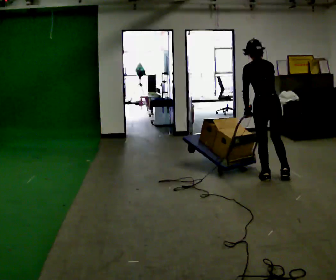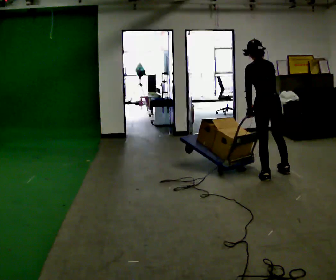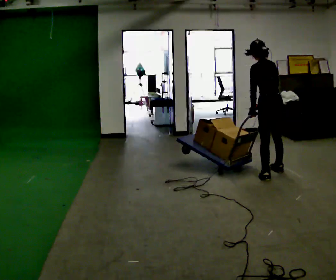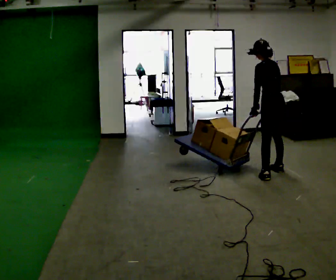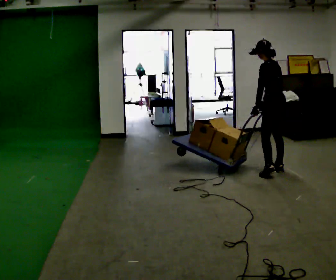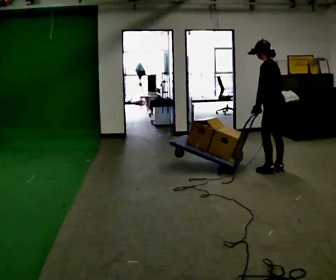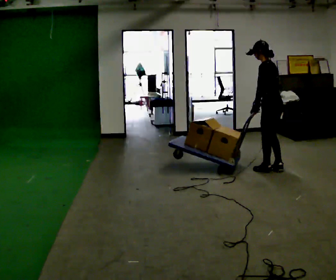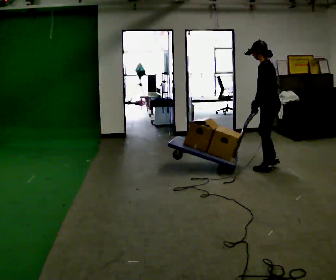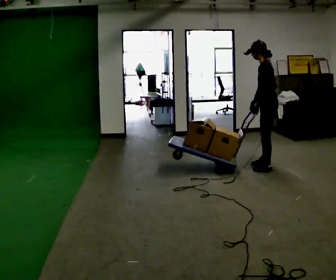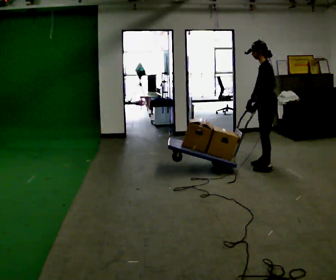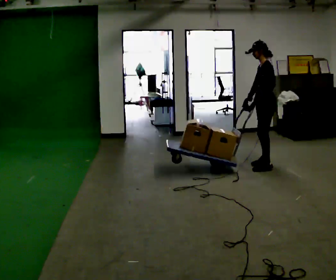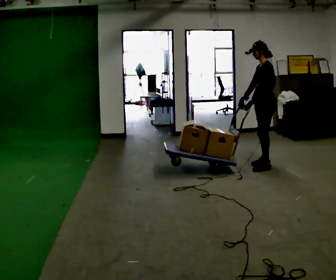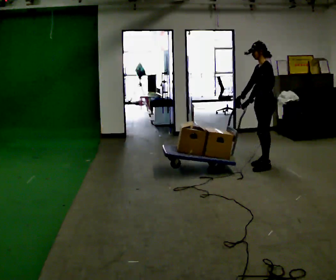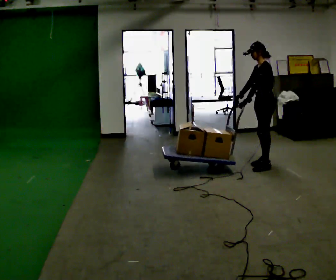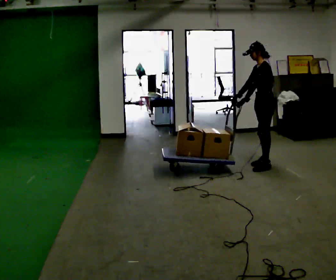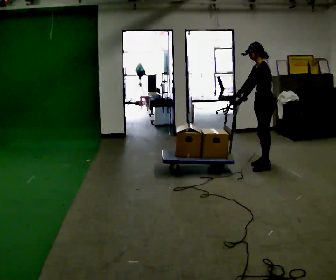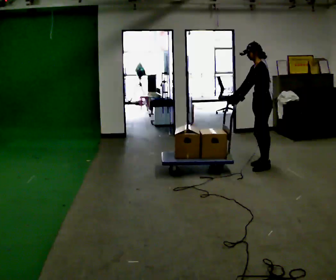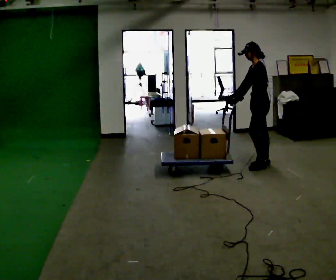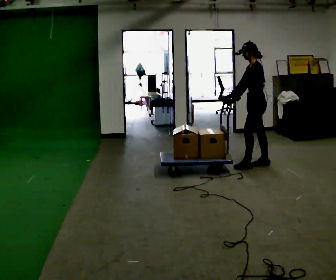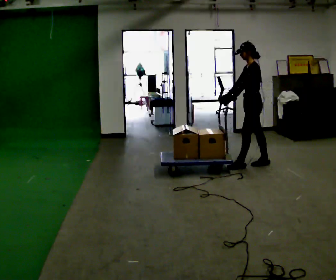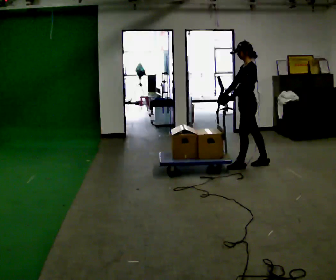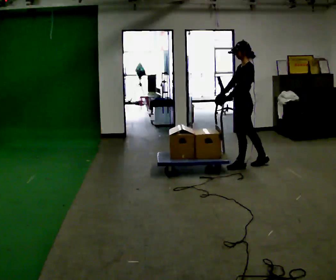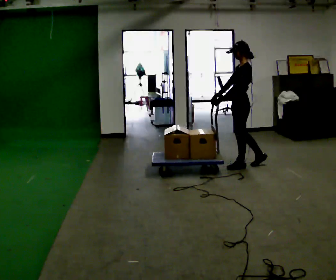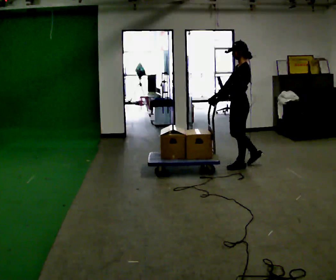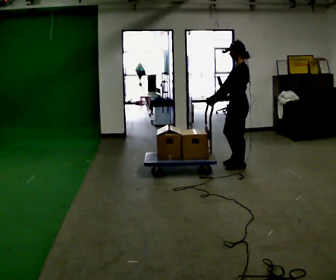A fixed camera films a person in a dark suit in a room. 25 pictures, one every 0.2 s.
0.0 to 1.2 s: The part of the body nearest the lens slides to the right as the person turns to their left by about 45 degrees. In the picture they go away from the camera, about 0.5 m in 2 steps, which for them is to their right and forward.
1.2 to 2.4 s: The person turns about 45 degrees to their left, counterclockwise seen from above, so the part of the body nearest the lens slides to the right. In the picture they go away from the camera, about 0.25 m in 1 step, which for them is to their right.
2.4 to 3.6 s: The person moves a little, or ends about where they began.
3.6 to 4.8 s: In the picture they go to the left, about 0.25 m in 1 step, which for them is forward.
The film runs forward here.
